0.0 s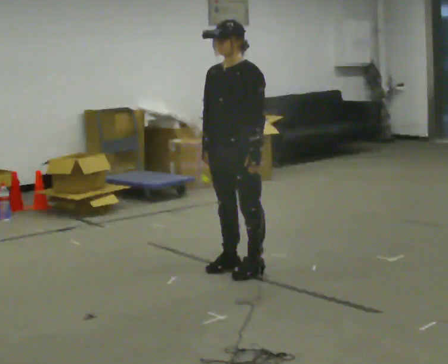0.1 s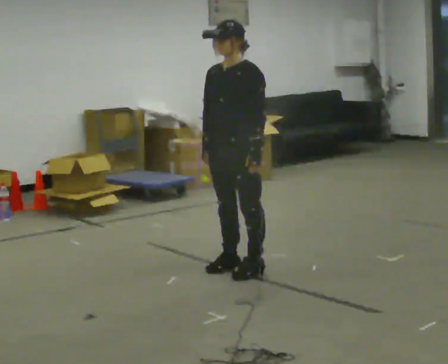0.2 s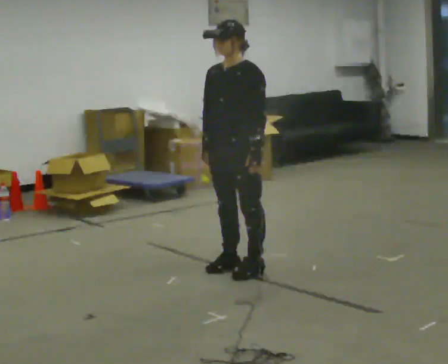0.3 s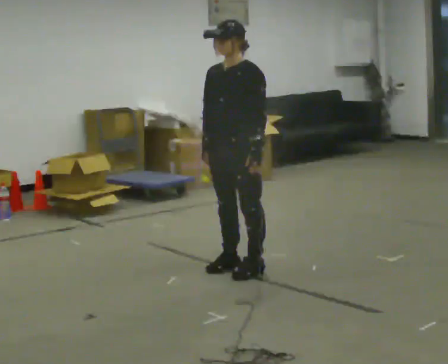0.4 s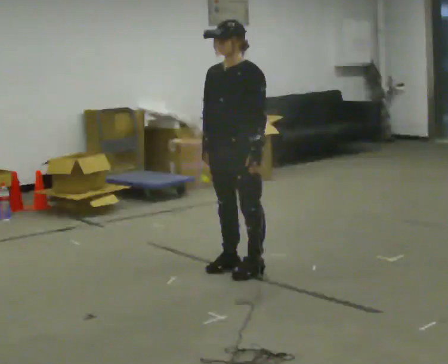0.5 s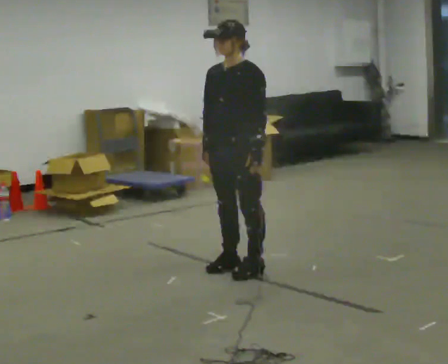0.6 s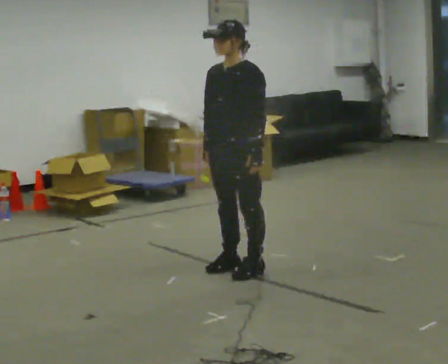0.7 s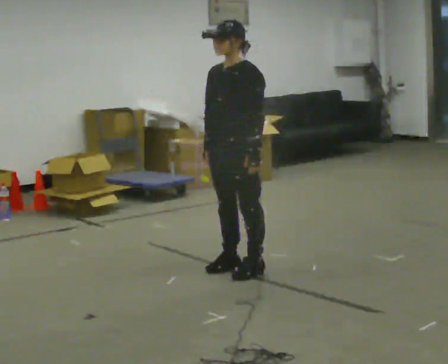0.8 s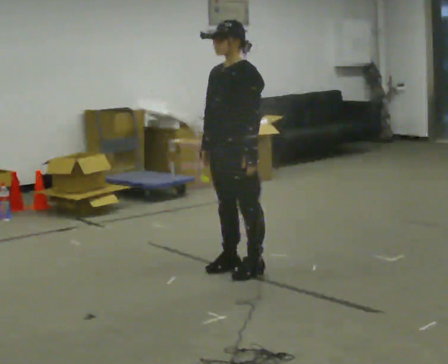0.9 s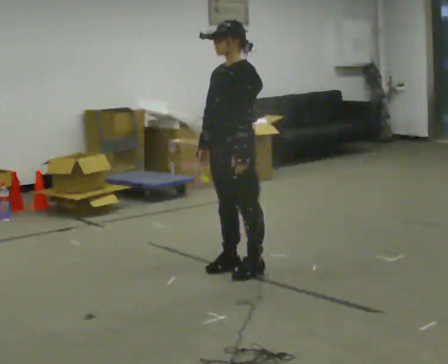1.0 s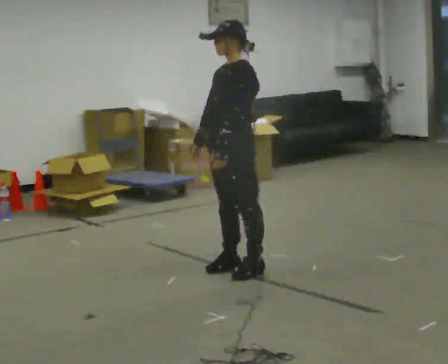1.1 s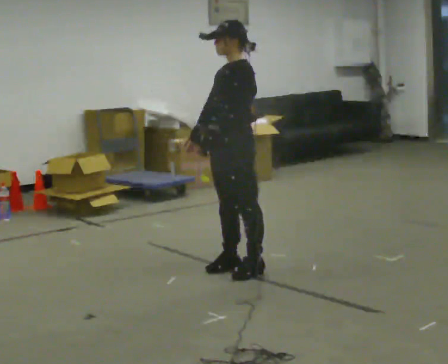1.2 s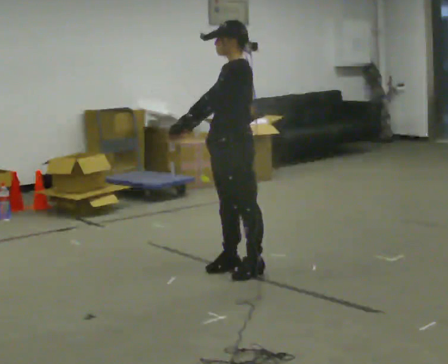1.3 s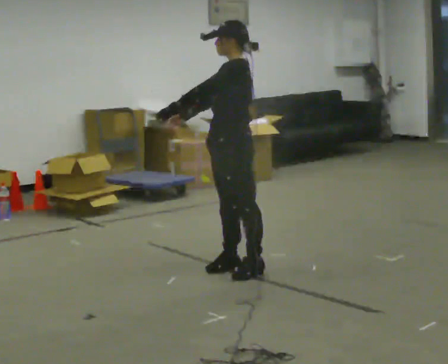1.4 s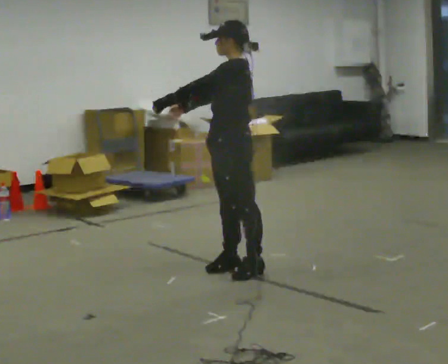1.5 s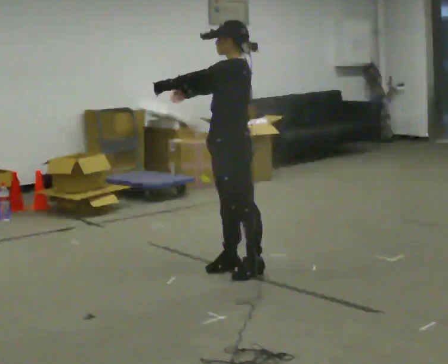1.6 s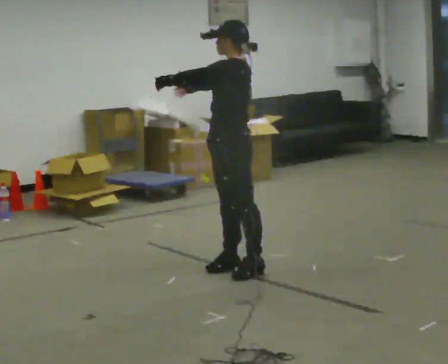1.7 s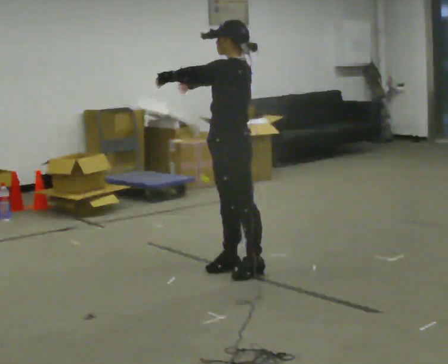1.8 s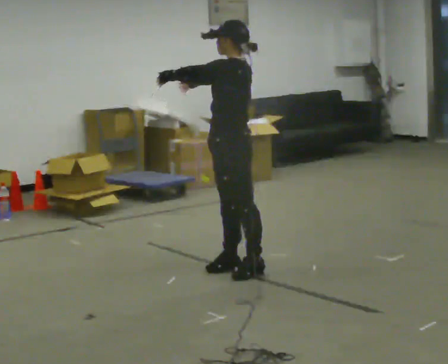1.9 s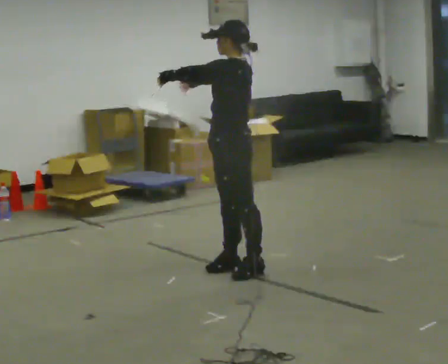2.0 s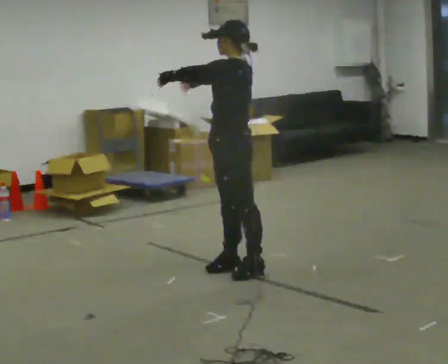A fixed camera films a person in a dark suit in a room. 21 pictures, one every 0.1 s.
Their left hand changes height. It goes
upward.
Their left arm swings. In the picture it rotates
clockwise.
0.0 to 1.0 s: The person moves a little, or ends about where they began.
1.0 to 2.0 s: The person turns about 30 degrees to their right, clockwise seen from above, so the part of the body nearest the lens slides to the left. In the picture their left hand goes upward, the arm swinging clockwise.
The film runs backward here.
